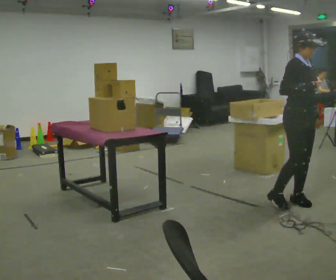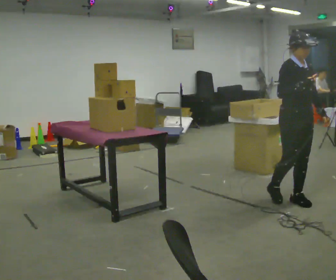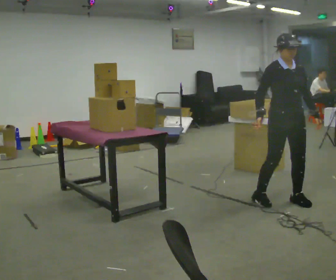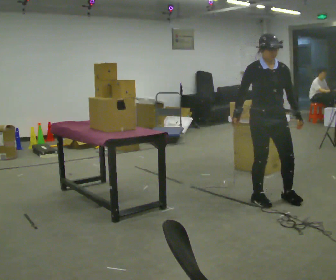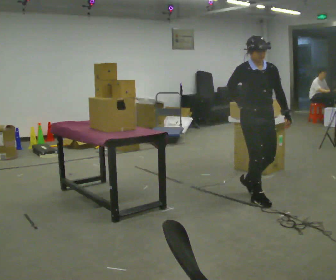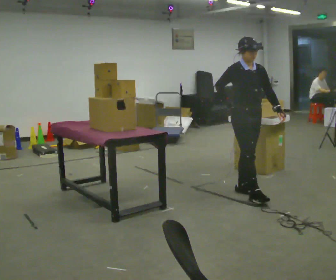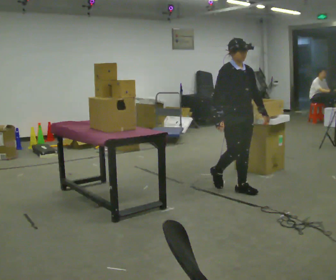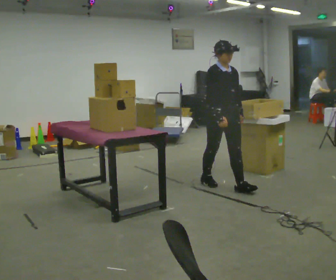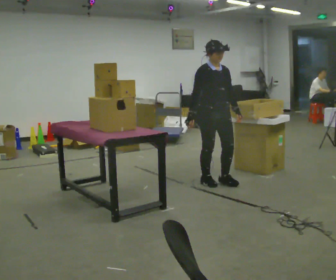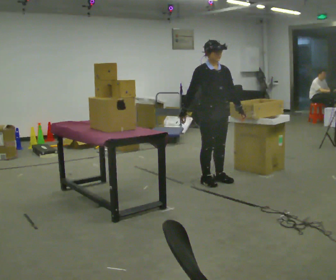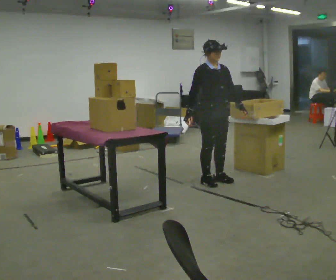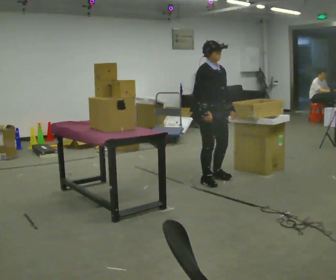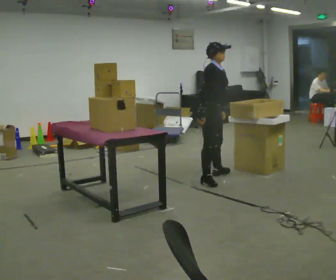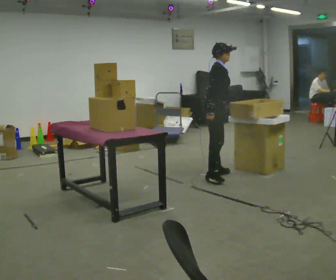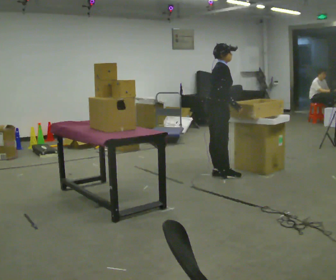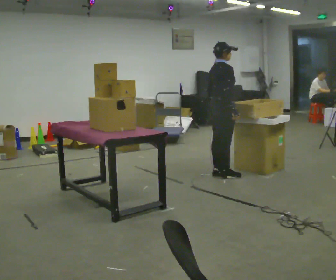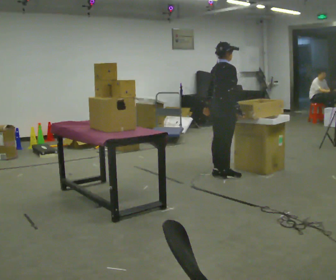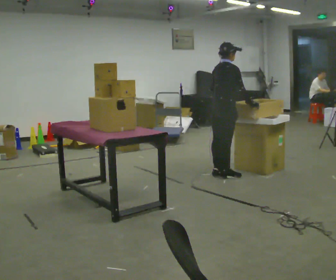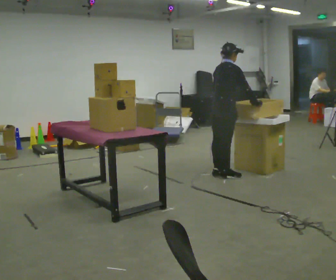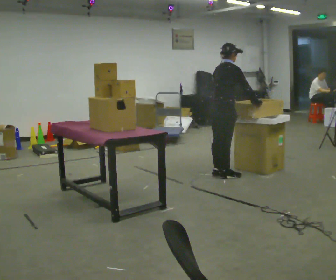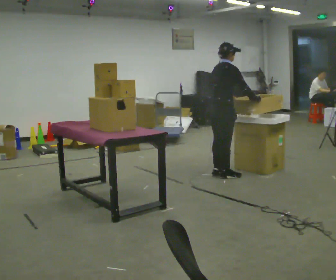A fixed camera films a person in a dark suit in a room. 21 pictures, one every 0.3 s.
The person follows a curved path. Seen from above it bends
clockwise.
The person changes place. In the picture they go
away from the camera.
0.0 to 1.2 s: In the picture they go to the left and away from the camera, about 0.5 m in 1 step, which for them is backward and to their right.
1.2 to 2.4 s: In the picture they go away from the camera and to the left, about 0.75 m in 2 steps, which for them is backward.
2.4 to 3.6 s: Seen from above the body turns counterclockwise, about 30 degrees: to their left, with its near side sliding to the right. In the picture they go away from the camera, about 0.25 m in 1 step, which for them is backward.
3.6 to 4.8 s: The person turns about 45 degrees to their left, counterclockwise seen from above, so the part of the body nearest the lens slides to the right. In the picture they go away from the camera, about 0.25 m in 1 step, which for them is to their left and forward.
4.8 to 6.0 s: The person moves a little, or ends about where they began.
The film runs backward here.
